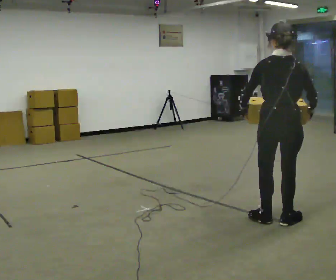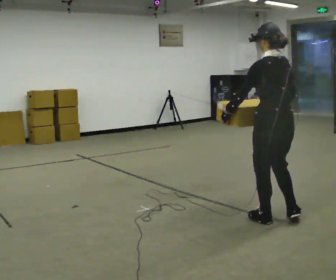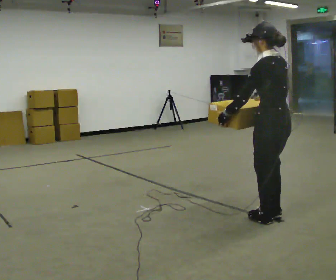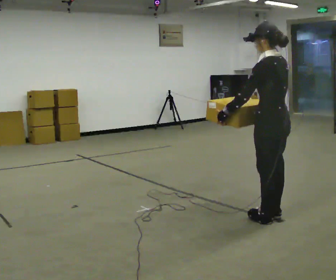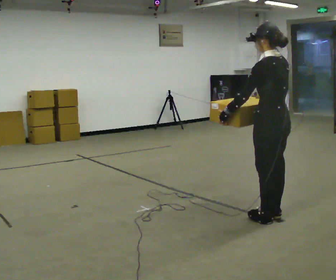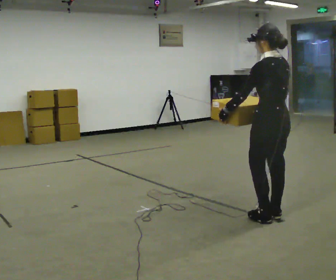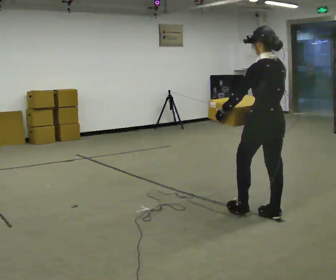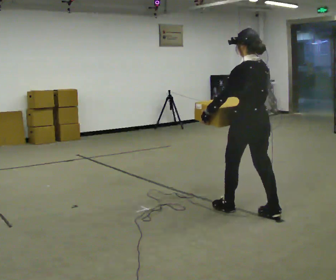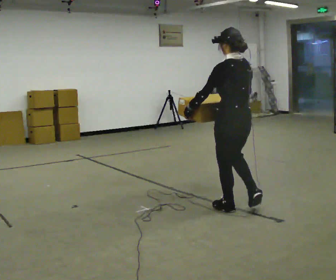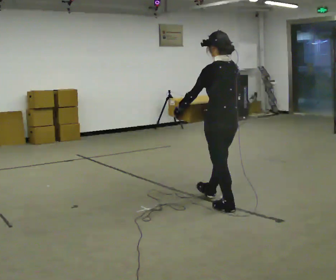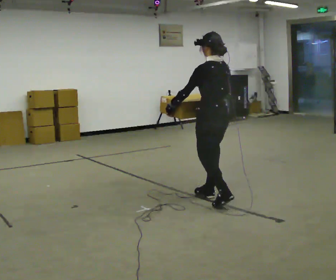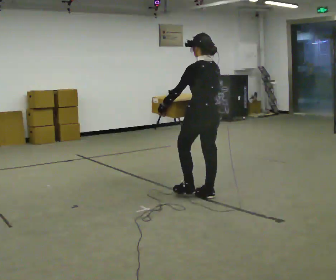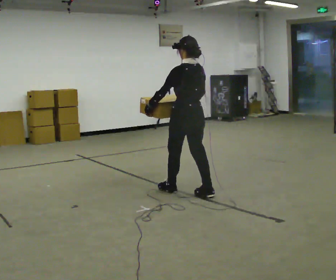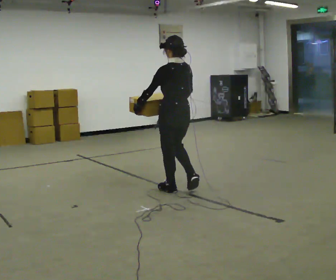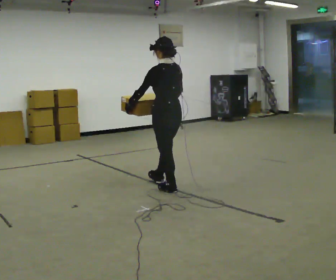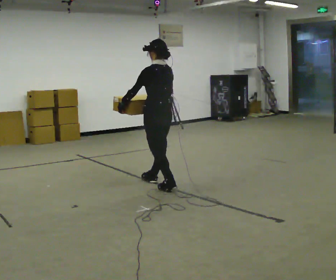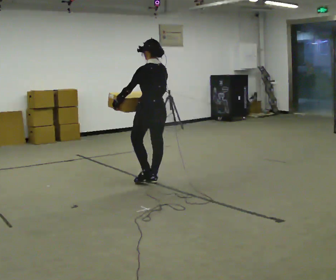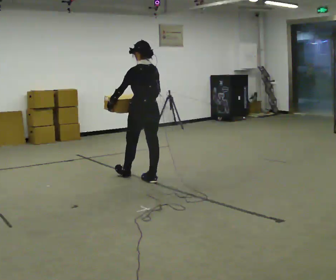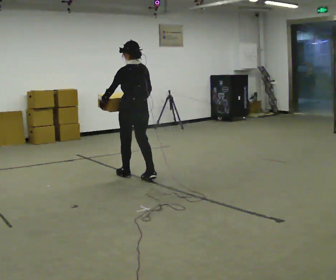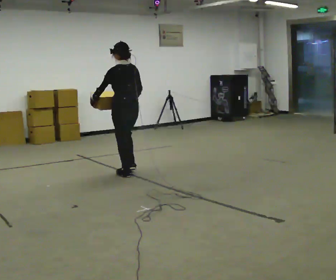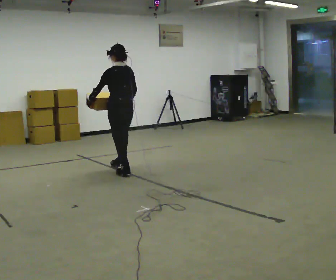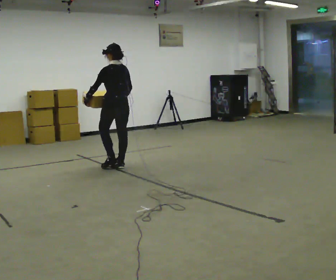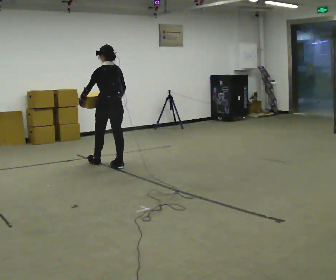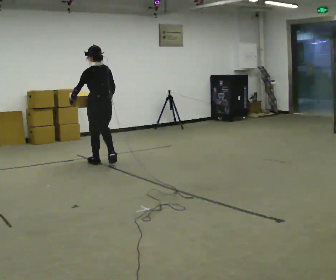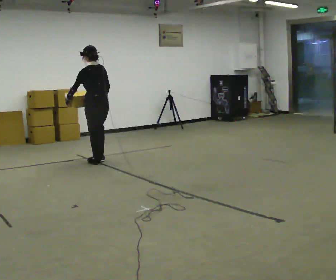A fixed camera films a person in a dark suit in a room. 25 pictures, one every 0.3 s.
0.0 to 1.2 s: Seen from above the body turns counterclockwise, about 45 degrees: to their left, with its near side sliding to the right.
1.2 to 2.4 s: In the picture they go away from the camera and to the left, about 0.5 m in 1 step, which for them is forward.
2.4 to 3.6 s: In the picture they go away from the camera and to the left, about 0.75 m in 2 steps, which for them is forward.
3.6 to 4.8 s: In the picture they go away from the camera and to the left, about 0.5 m in 1 step, which for them is forward.
4.8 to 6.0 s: In the picture they go away from the camera and to the left, about 0.75 m in 2 steps, which for them is forward.
6.0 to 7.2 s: In the picture they go to the left and away from the camera, about 0.5 m in 1 step, which for them is forward.
The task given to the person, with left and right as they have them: Carry the medium box in both hands in front of you, walking back and forth across the room. Keep walking until the operator says stop.
The film runs forward here.
